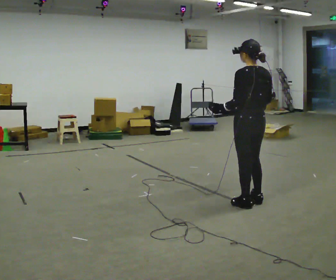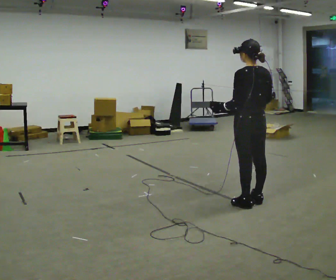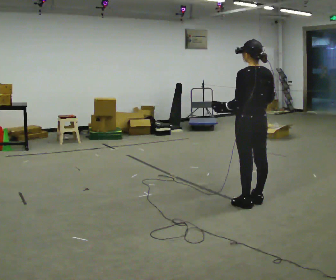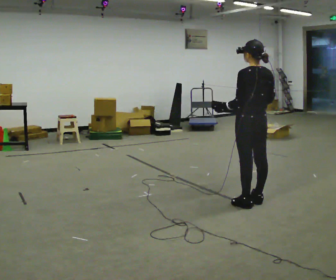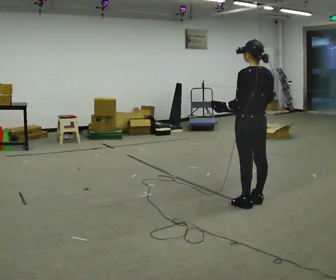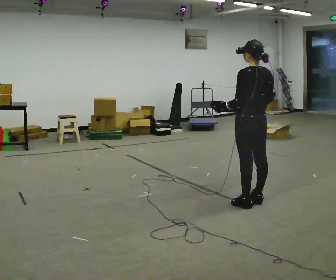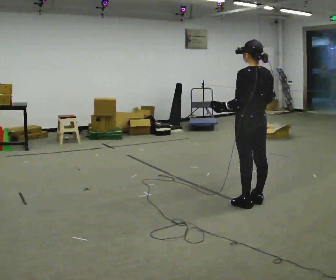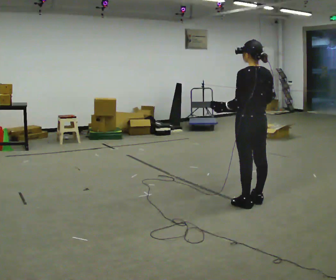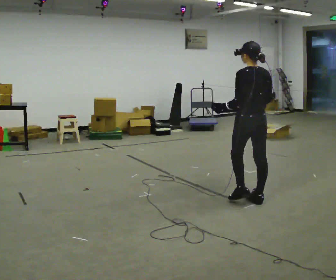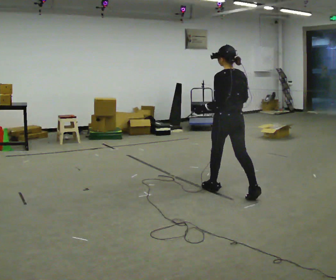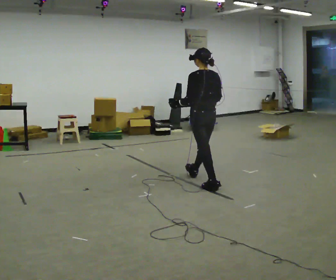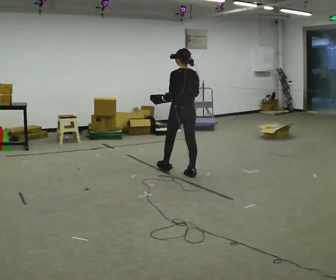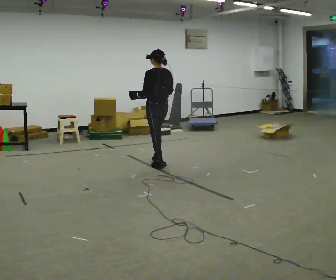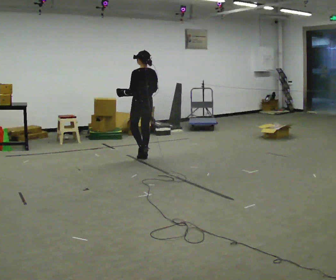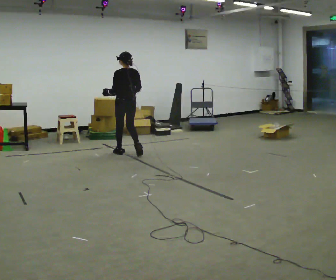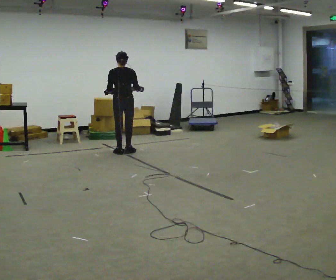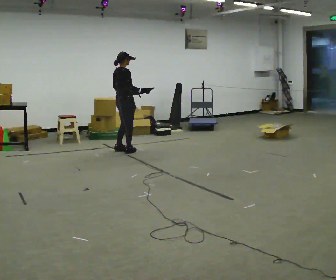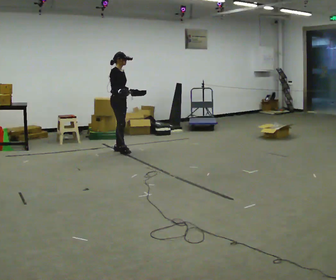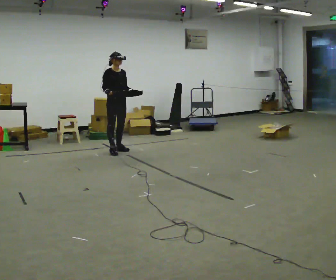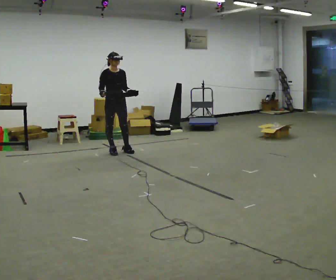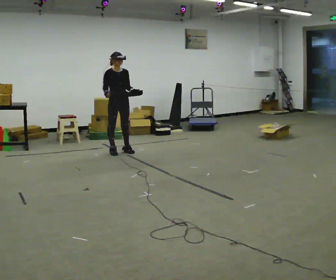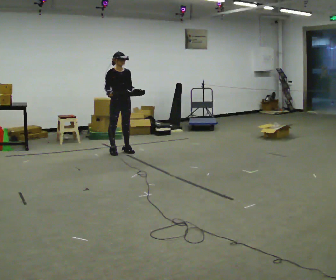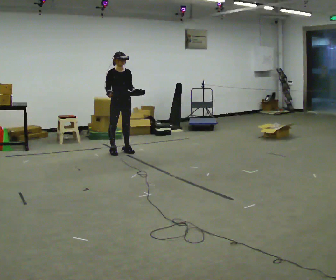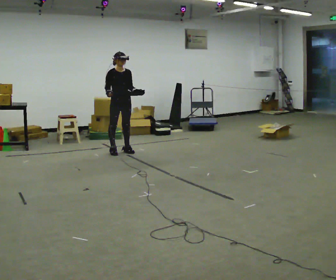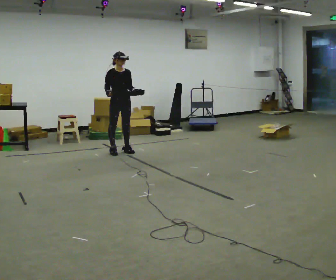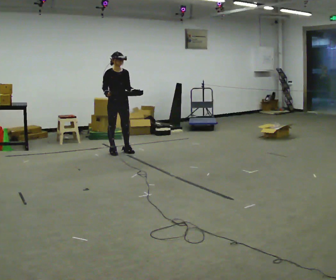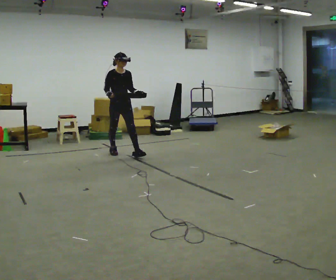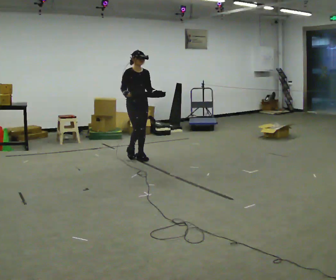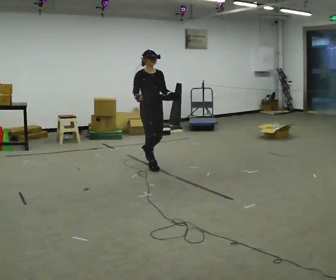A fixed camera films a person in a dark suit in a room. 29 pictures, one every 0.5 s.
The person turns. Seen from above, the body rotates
clockwise.
The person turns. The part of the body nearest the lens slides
to the left.
0.0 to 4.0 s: In the picture they go away from the camera, about 0.25 m.
4.0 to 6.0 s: In the picture they go away from the camera and to the left, about 1.5 m in 3 steps, which for them is forward.
6.0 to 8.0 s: The person turns about 90 degrees to their right, clockwise seen from above, so the part of the body nearest the lens slides to the left. In the picture they go away from the camera and to the left, about 1 m in 4 steps.
8.0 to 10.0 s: The part of the body nearest the lens slides to the left as the person turns to their right by about 90 degrees. In the picture their right hand goes to the left.
10.0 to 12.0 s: The person moves a little, or ends about where they began.
12.0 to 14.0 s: In the picture they go toward the camera and to the right, about 1 m in 2 steps, which for them is forward.
The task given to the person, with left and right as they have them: Carry the box with its lid hanging open across the room, back and forth.
The film runs forward here.
